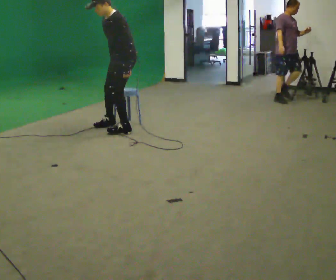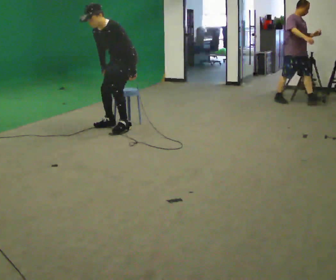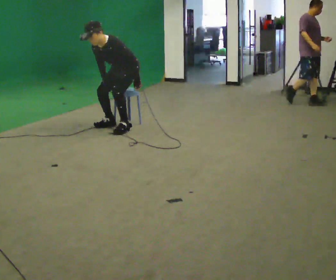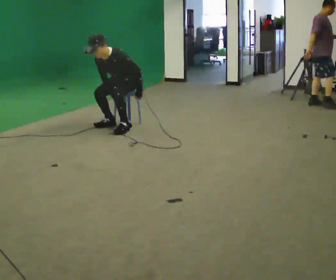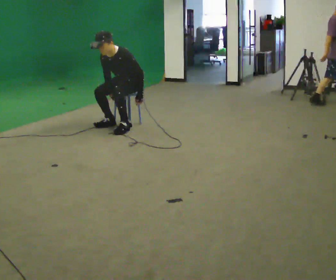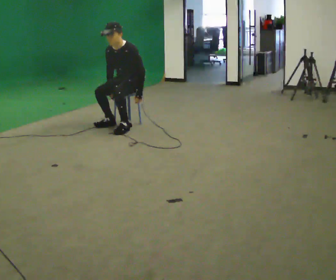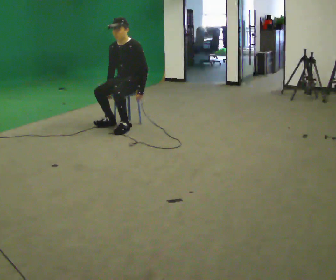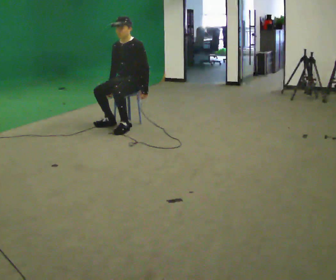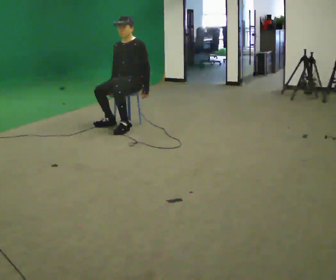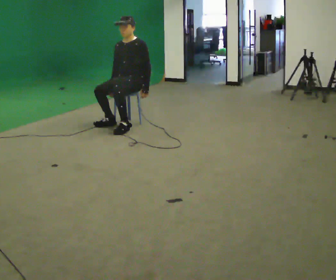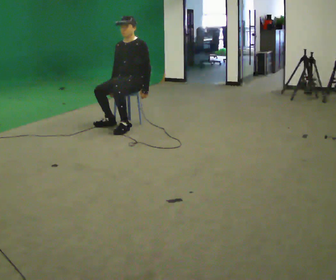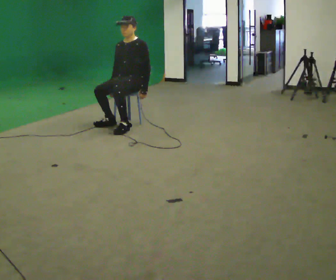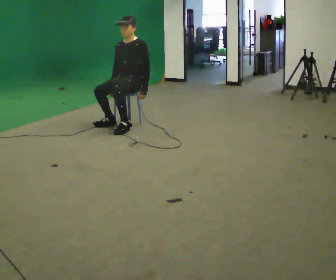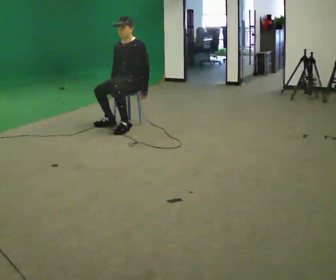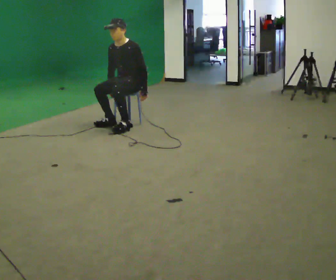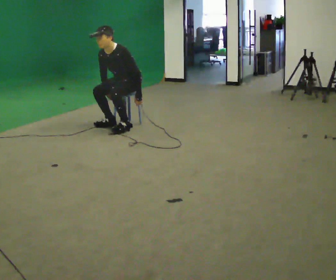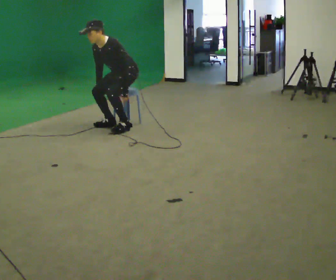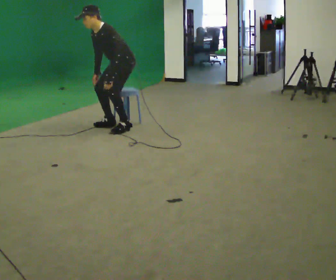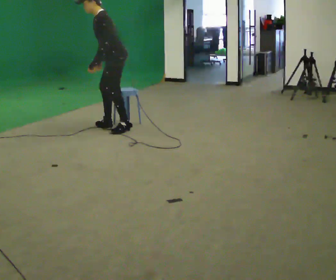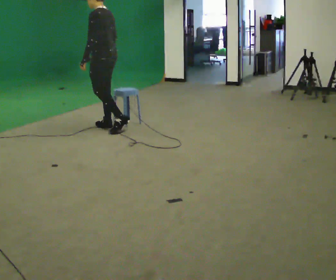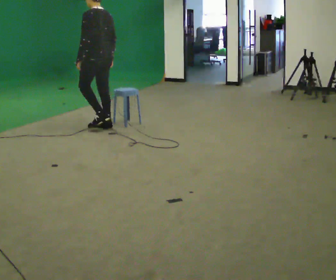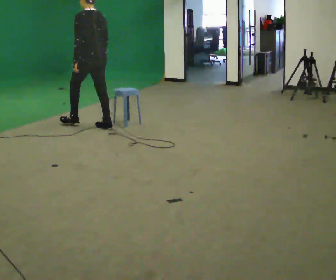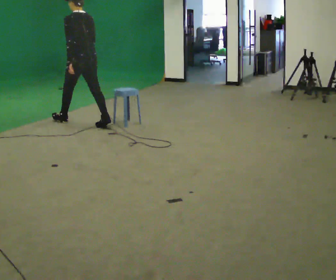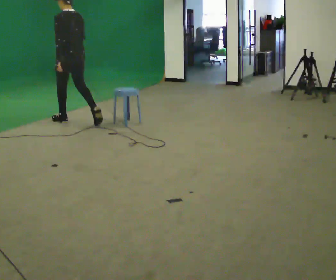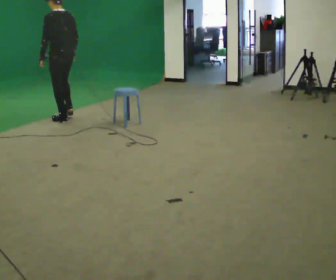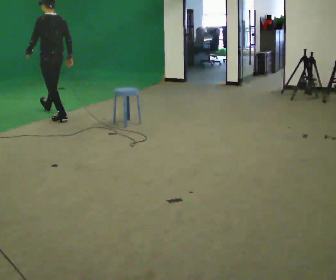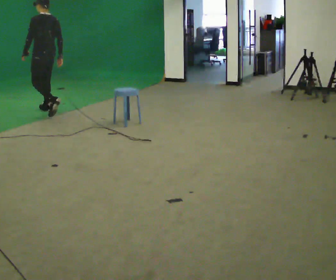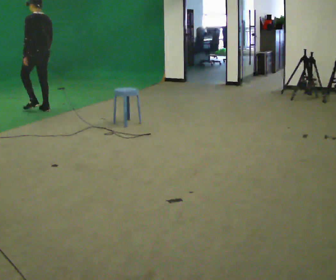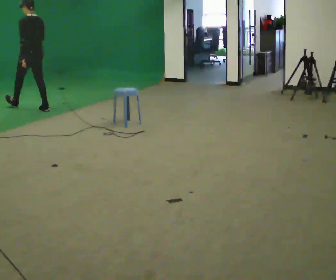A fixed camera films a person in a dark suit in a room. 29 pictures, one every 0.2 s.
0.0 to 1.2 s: In the picture they go away from the camera, about 0.25 m, which for them is backward. In the picture their right hand goes downward.
1.2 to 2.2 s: The person moves a little, or ends about where they began.
2.2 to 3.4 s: In the picture they go toward the camera, about 0.25 m, which for them is forward. In the picture the upper body tilts counterclockwise, shoulders to the left, as they bend forward.
3.4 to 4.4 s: The part of the body nearest the lens slides to the left as the person turns to their right by about 75 degrees. In the picture they go to the left, about 0.5 m in 2 steps. In the picture the upper body tilts clockwise, shoulders to the right, as they lean back or straighten.
4.4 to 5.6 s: In the picture they go to the left and away from the camera, about 1.5 m in 1 step, which for them is forward.
The film runs forward here.
